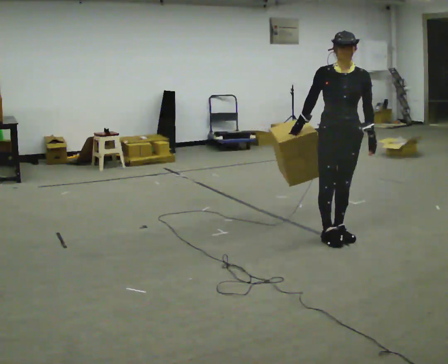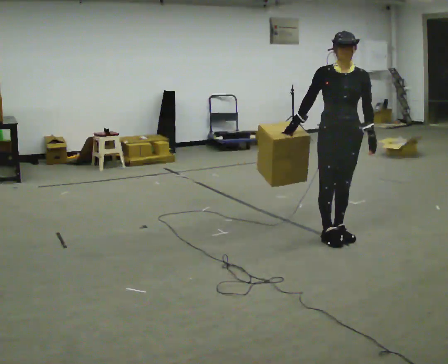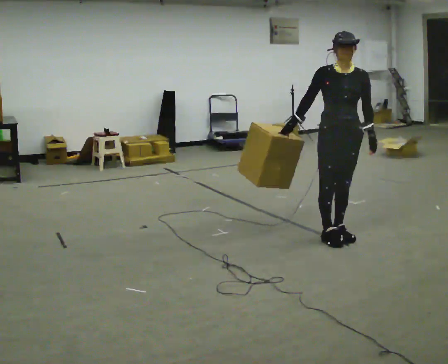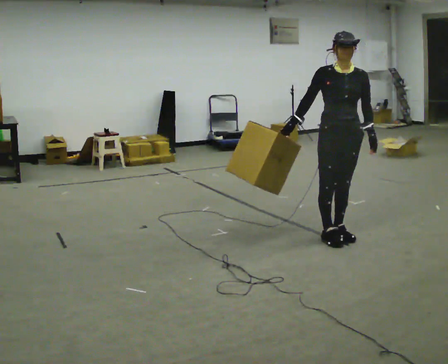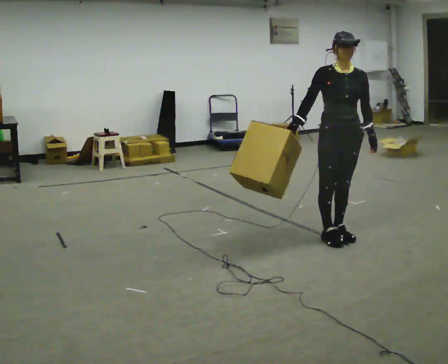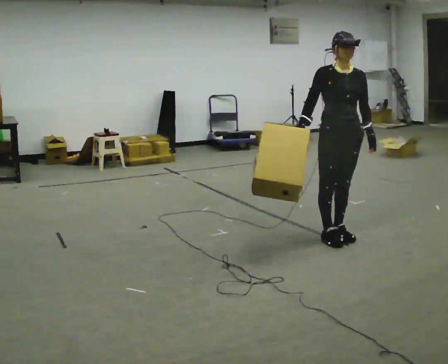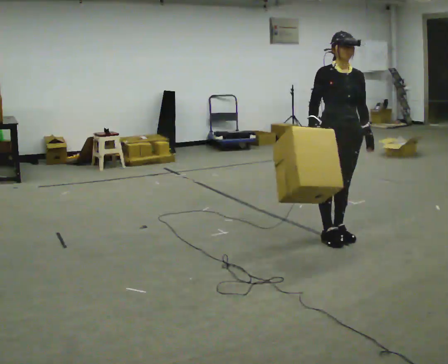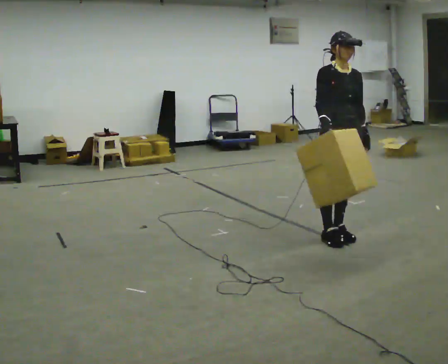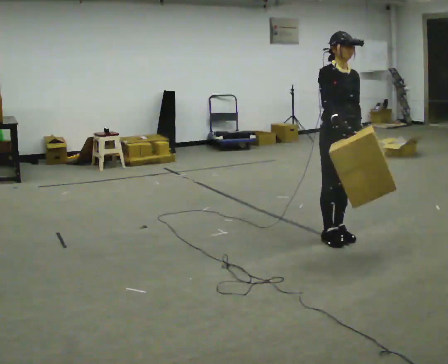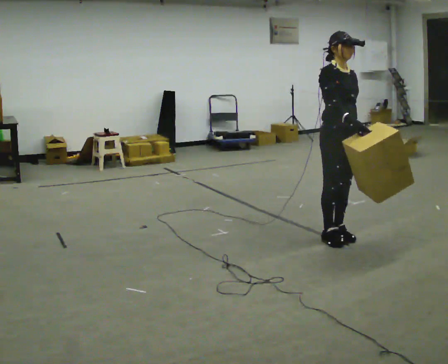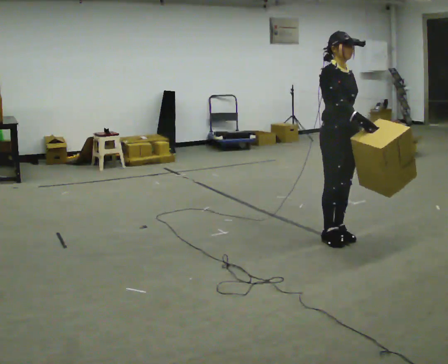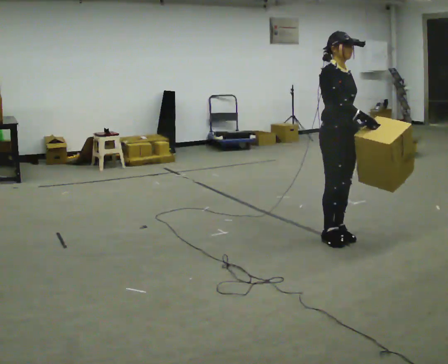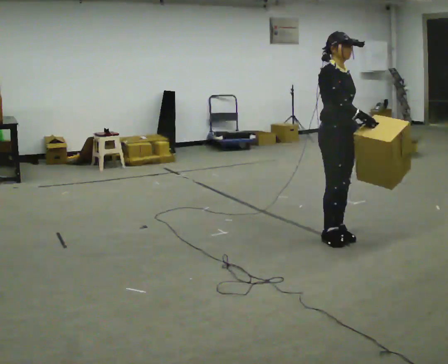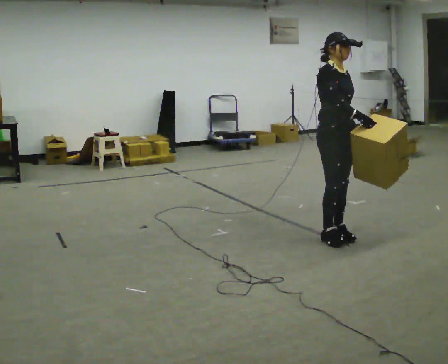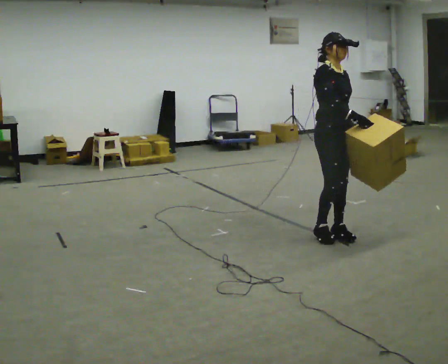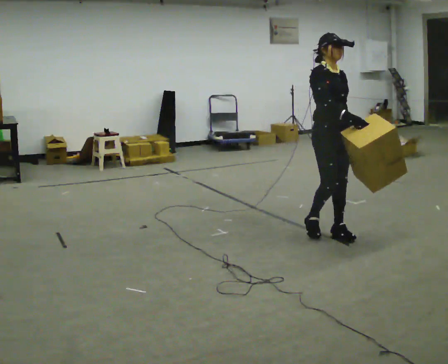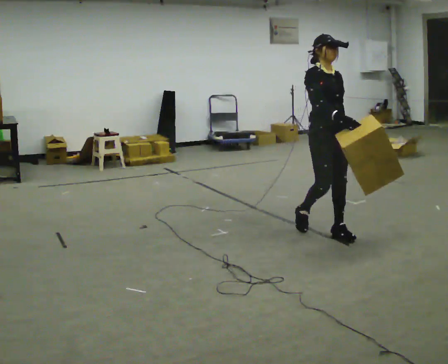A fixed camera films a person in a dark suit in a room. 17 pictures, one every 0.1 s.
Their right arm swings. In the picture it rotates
counterclockwise.
0.0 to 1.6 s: The part of the body nearest the lens slides to the right as the person turns to their left by about 30 degrees. In the picture their right hand goes to the right, the arm swinging counterclockwise.
The film runs backward here.
